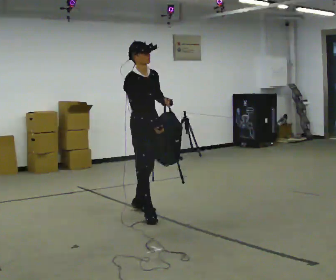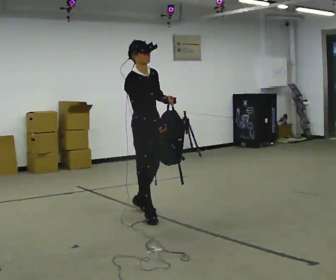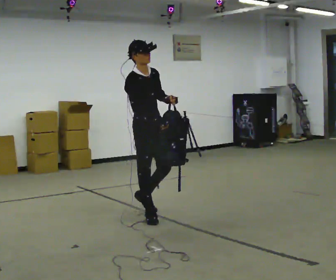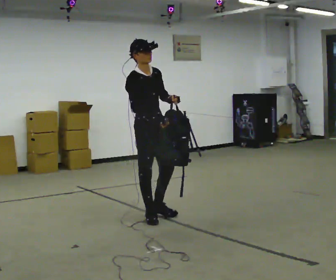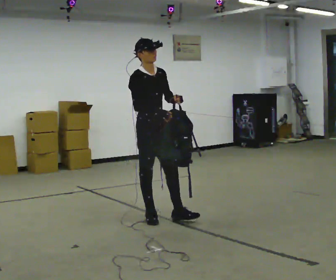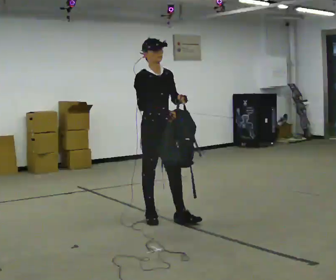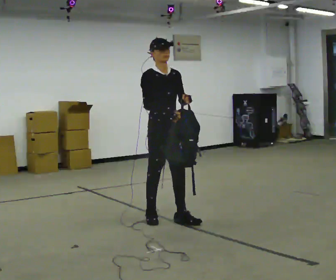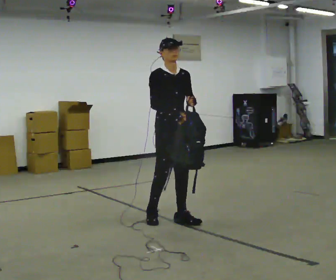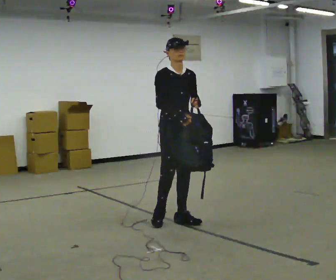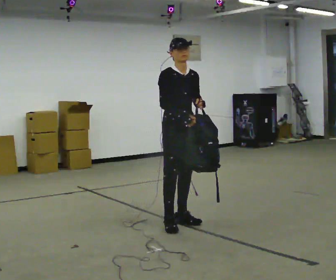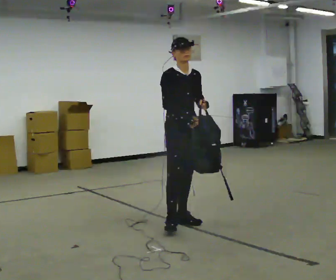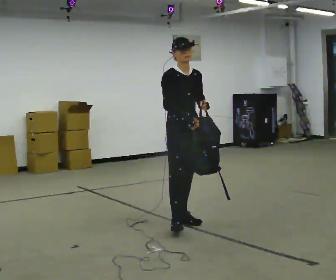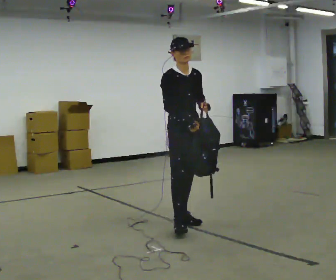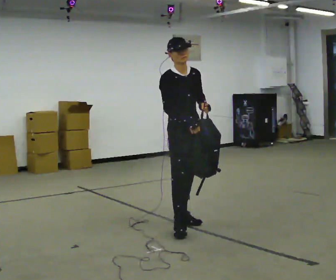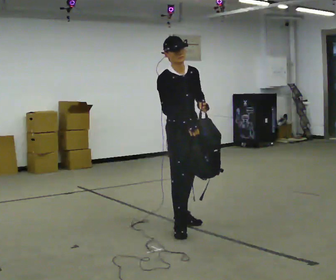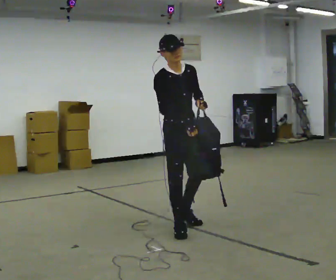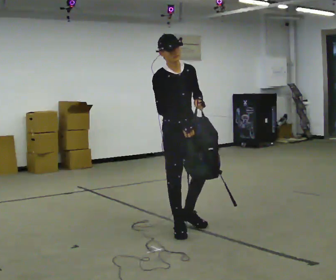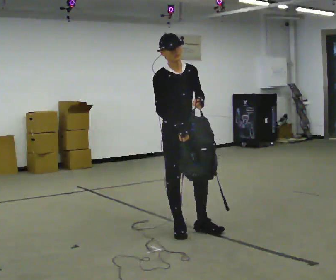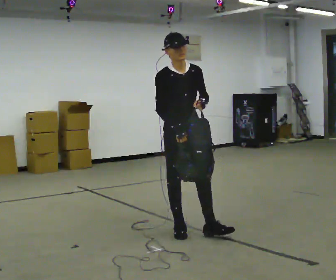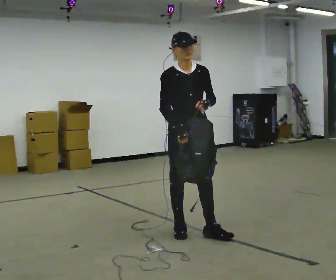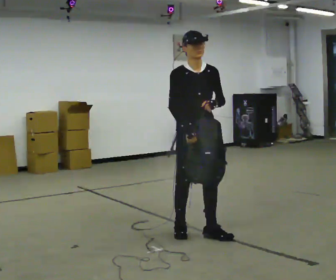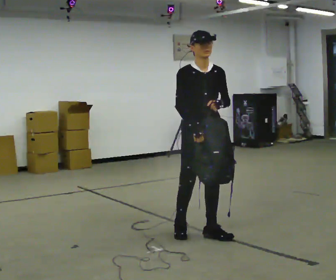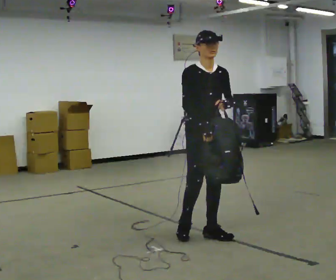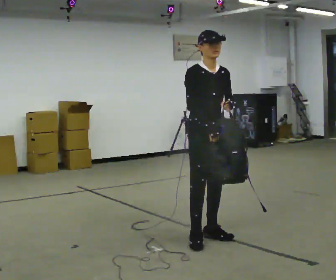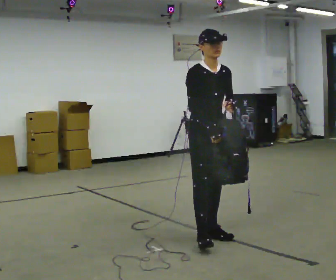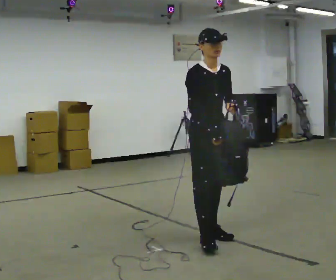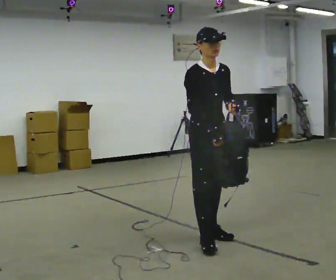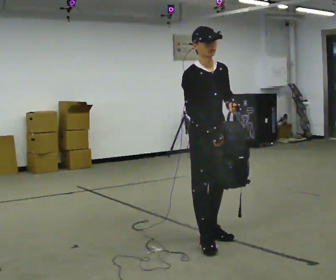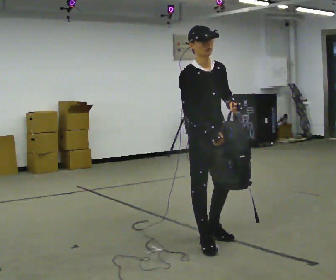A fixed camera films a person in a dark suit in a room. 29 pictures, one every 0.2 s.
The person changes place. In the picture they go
toward the camera.
0.0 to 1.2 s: In the picture they go toward the camera and to the right, about 0.25 m in 1 step, which for them is forward.
1.2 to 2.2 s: In the picture they go to the right, about 0.25 m, which for them is forward.
2.2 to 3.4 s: In the picture they go toward the camera, about 0.25 m in 1 step, which for them is forward and to their right.
3.4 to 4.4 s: In the picture they go to the right, about 0.25 m in 1 step, which for them is forward and to their left.
4.4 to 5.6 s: In the picture they go toward the camera, about 0.25 m in 1 step, which for them is forward and to their right.
The film runs forward here.
